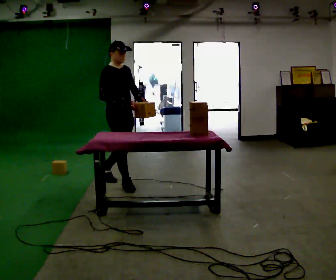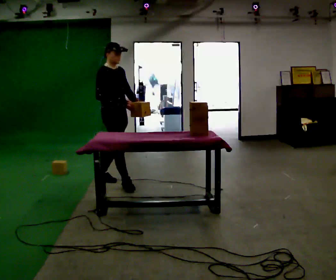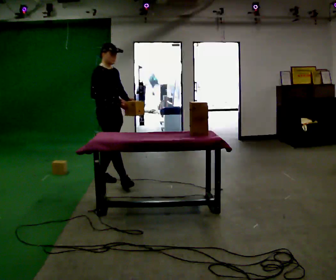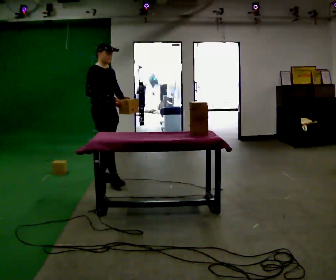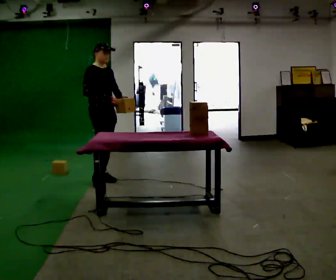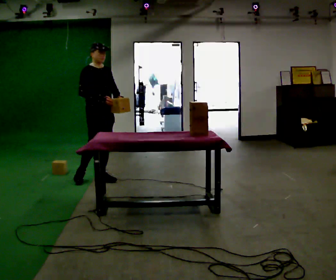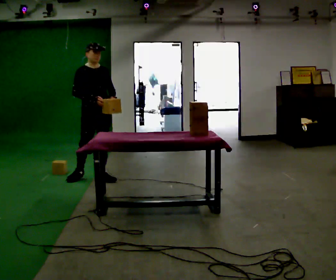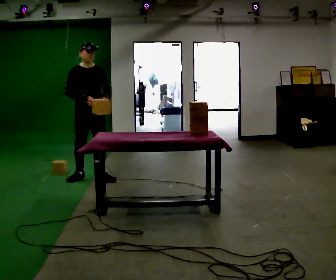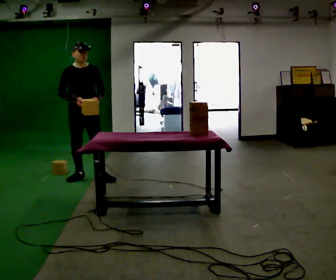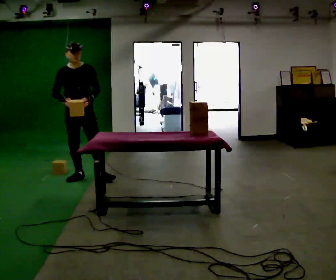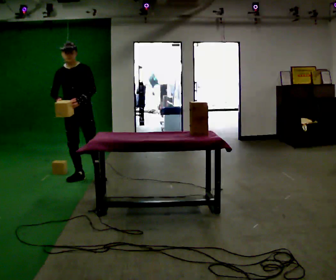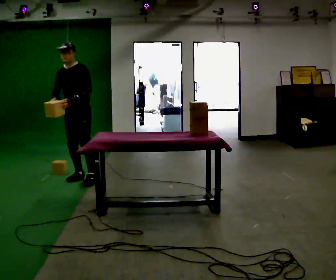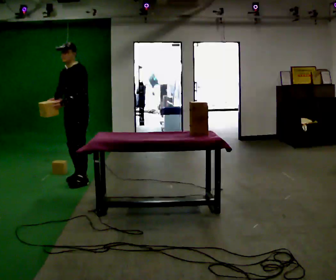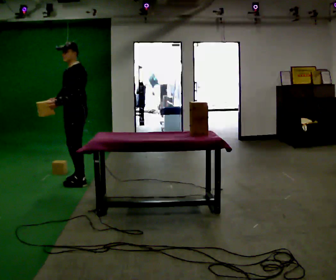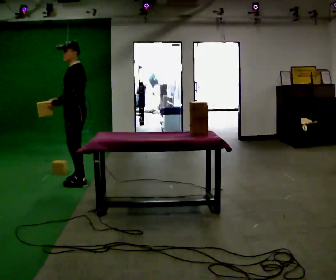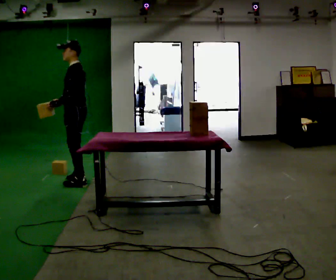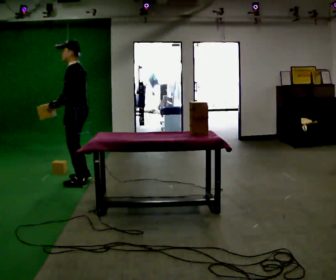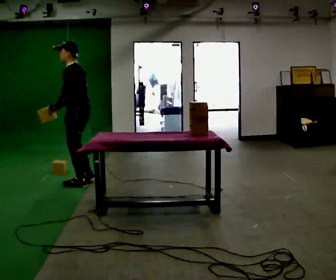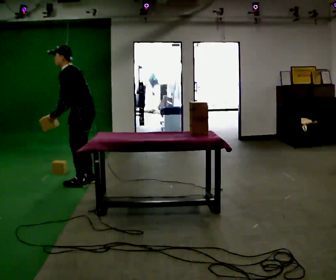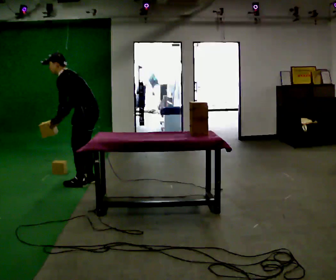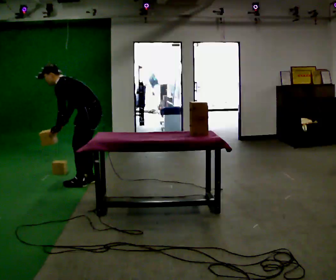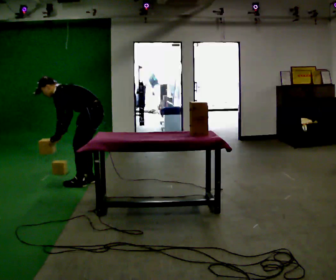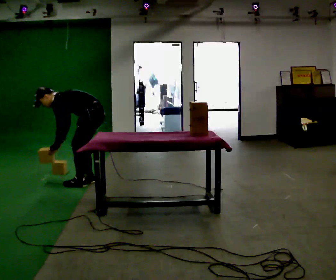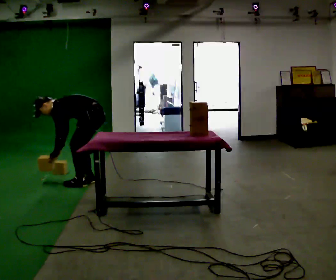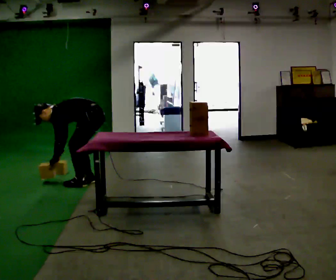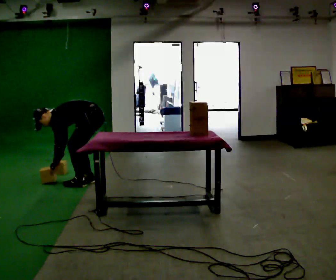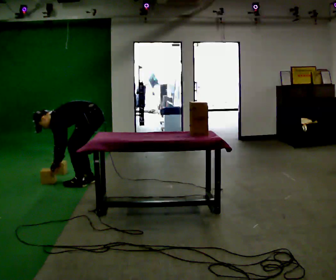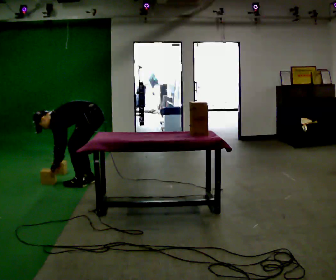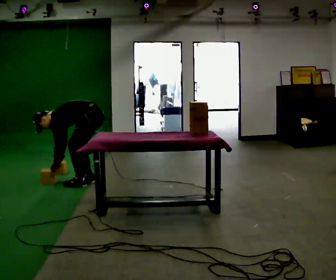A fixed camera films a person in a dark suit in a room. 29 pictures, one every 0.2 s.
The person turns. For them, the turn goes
to their right.
The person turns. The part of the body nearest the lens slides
to the left.
0.0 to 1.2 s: In the picture they go away from the camera and to the left, about 0.5 m in 1 step, which for them is backward.
1.2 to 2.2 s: Seen from above the body turns clockwise, about 60 degrees: to their right, with its near side sliding to the left. In the picture they go to the left, about 0.25 m in 1 step. In the picture their right hand goes to the left.
2.2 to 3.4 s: The person turns about 75 degrees to their right, clockwise seen from above, so the part of the body nearest the lens slides to the left. In the picture they go toward the camera, about 0.25 m in 1 step.
3.4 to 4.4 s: In the picture they go to the right, about 0.25 m, which for them is backward. The upper body goes downward. In the picture the upper body tilts counterclockwise, shoulders to the left, as they bend forward. In the picture their left hand goes downward.
4.4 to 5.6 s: The shoulders move downward. In the picture the upper body tilts counterclockwise, shoulders to the left, as they bend forward.
The film runs backward here.
